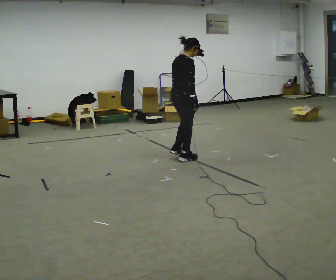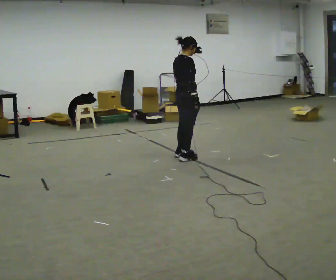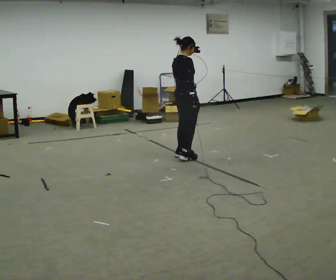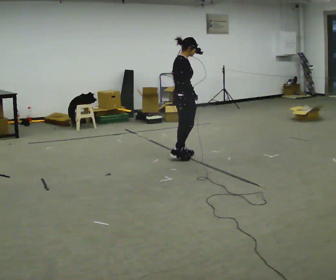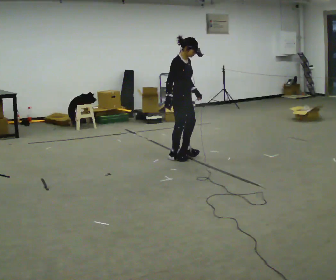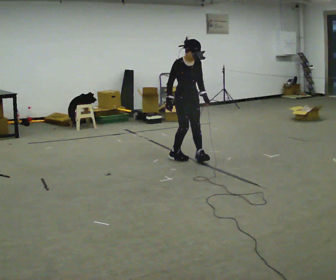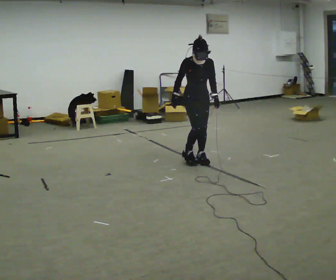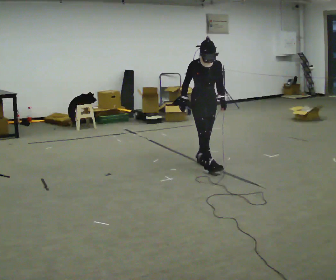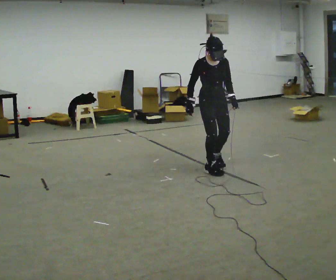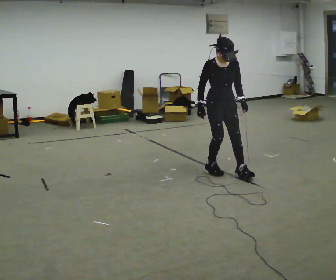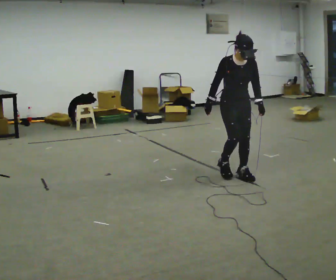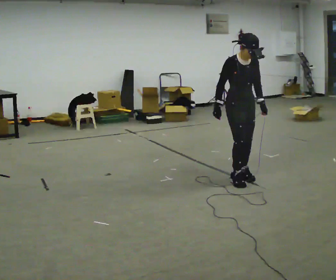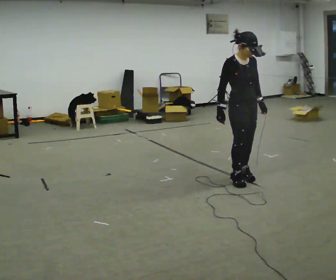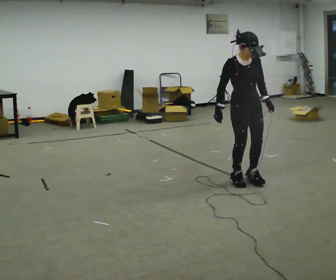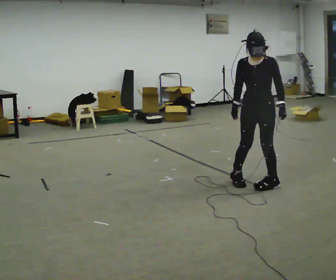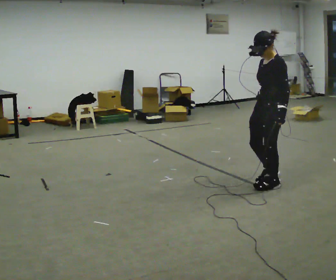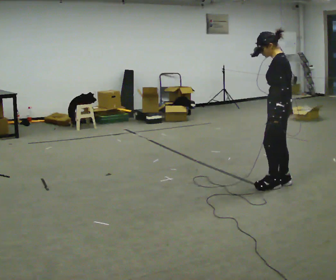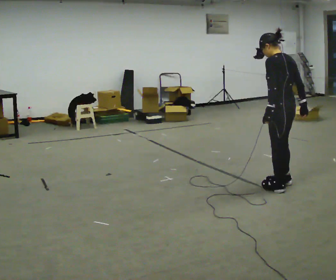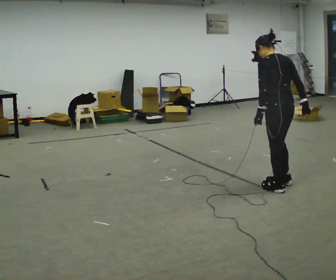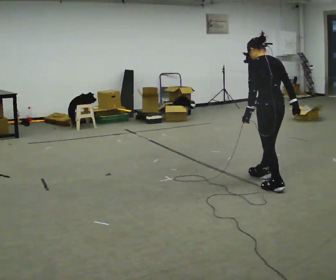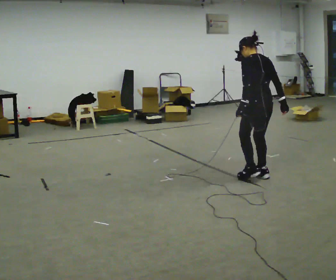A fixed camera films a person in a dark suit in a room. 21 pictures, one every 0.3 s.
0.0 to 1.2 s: The person turns about 45 degrees to their right, clockwise seen from above, so the part of the body nearest the lens slides to the left.
1.2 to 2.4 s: The person turns about 45 degrees to their right, clockwise seen from above, so the part of the body nearest the lens slides to the left. In the picture they go toward the camera and to the right, about 0.5 m in 2 steps, which for them is forward.
2.4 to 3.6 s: In the picture they go toward the camera and to the right, about 0.5 m in 1 step, which for them is forward.
3.6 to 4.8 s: The part of the body nearest the lens slides to the left as the person turns to their right by about 135 degrees. In the picture they go to the right, about 0.5 m in 2 steps.
4.8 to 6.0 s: Seen from above the body turns clockwise, about 45 degrees: to their right, with its near side sliding to the left. In the picture they go away from the camera and to the left, about 0.25 m in 2 steps, which for them is forward.
The film runs backward here.
